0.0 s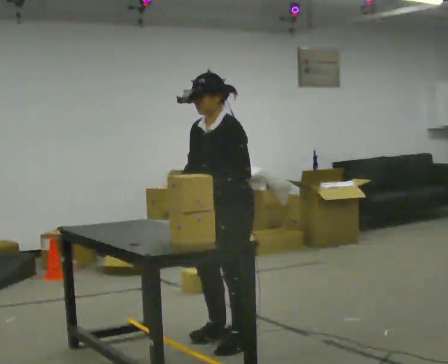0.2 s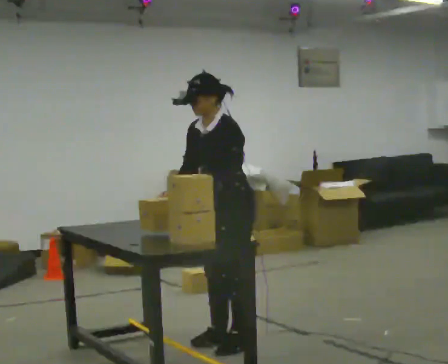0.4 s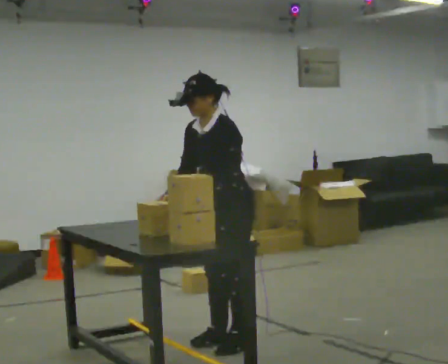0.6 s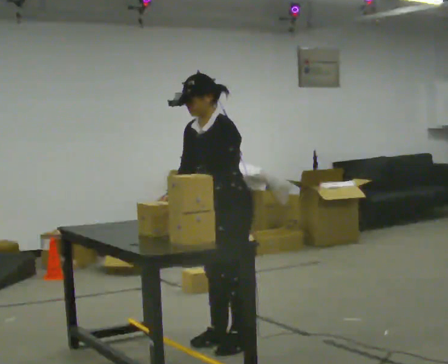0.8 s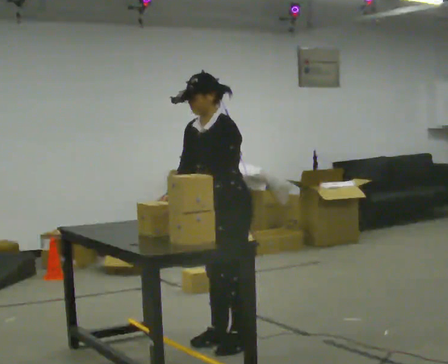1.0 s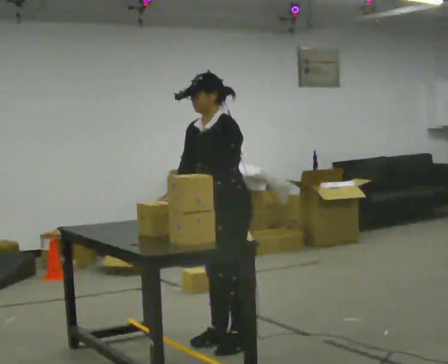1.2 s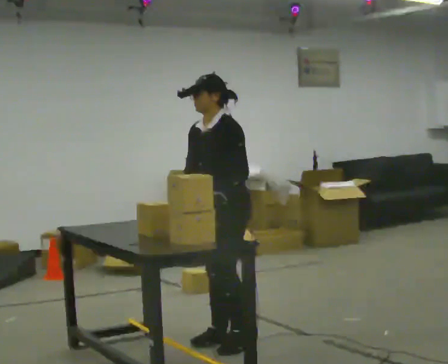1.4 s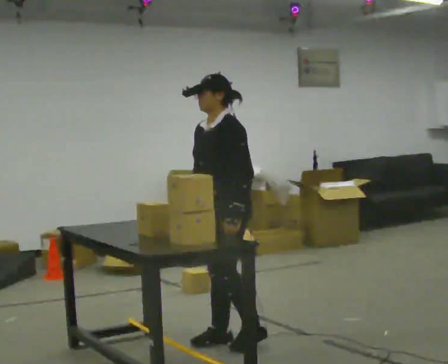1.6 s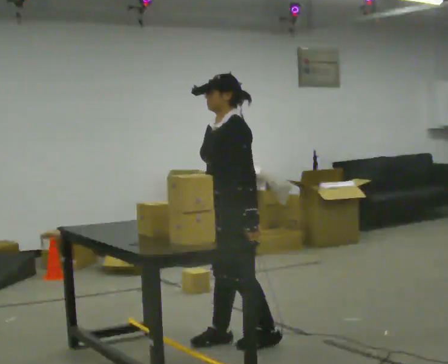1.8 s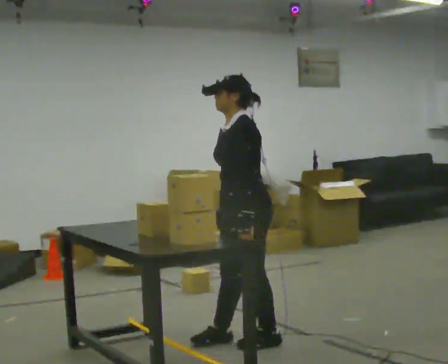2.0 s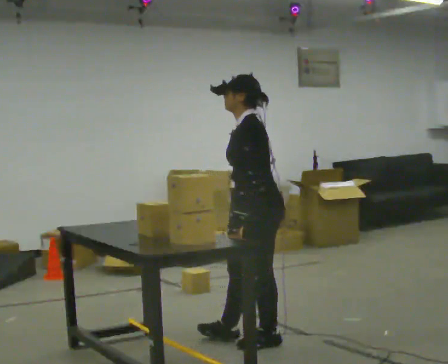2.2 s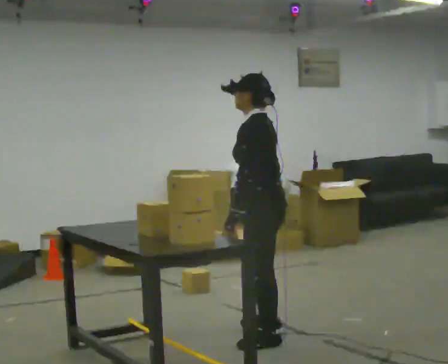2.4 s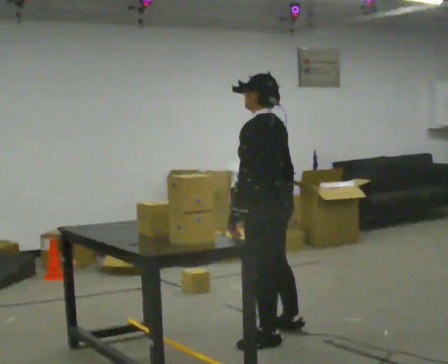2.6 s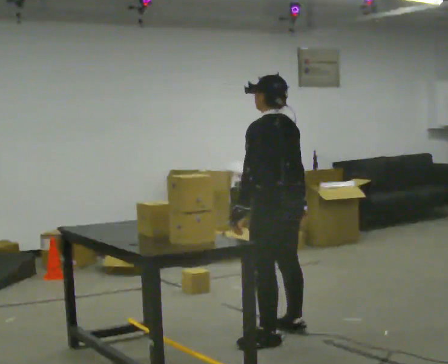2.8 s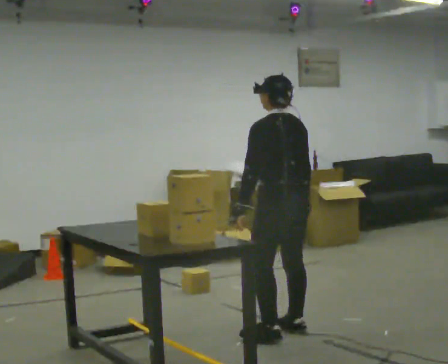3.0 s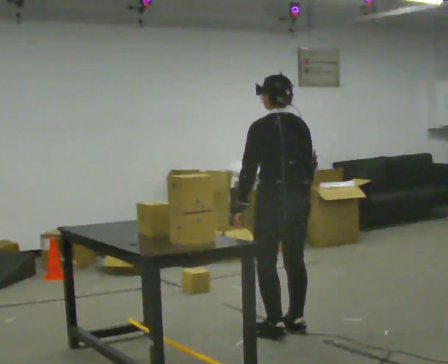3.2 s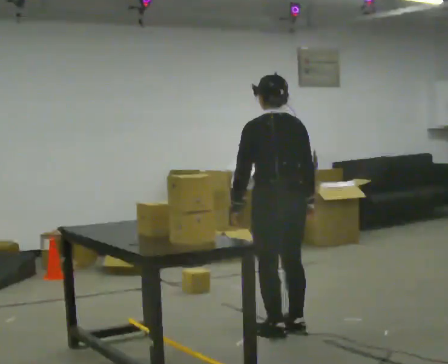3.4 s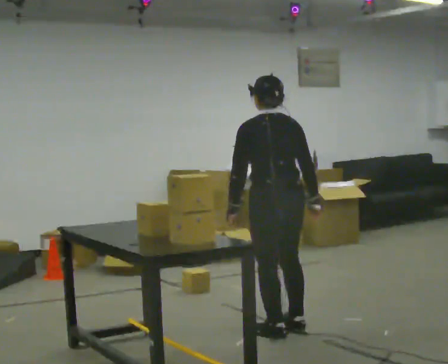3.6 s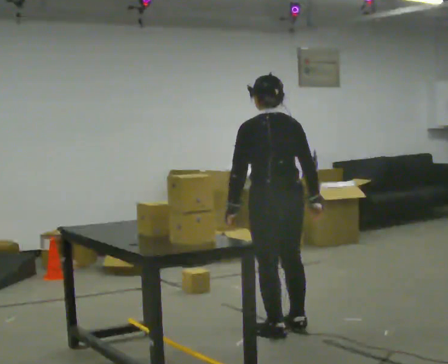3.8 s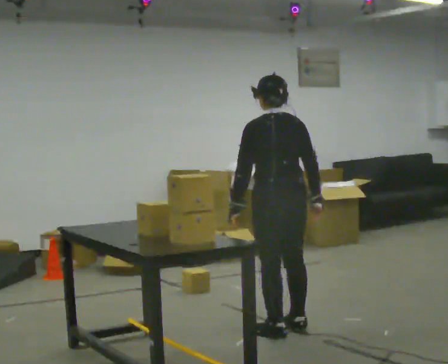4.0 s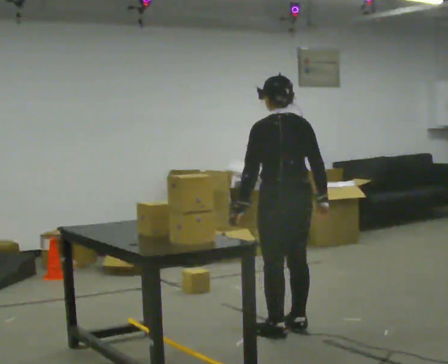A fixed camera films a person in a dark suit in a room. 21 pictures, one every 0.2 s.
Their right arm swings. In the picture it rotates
counterclockwise.
The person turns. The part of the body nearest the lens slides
to the left.
0.0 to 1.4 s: The person moves a little, or ends about where they began.
1.4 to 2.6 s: The person turns about 75 degrees to their right, clockwise seen from above, so the part of the body nearest the lens slides to the left. In the picture they go to the right, about 0.25 m in 2 steps.
2.6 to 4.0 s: The person moves a little, or ends about where they began.
The film runs forward here.
